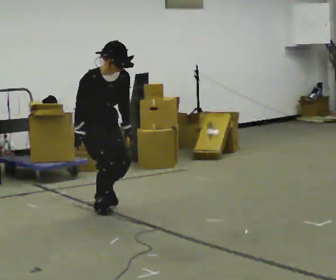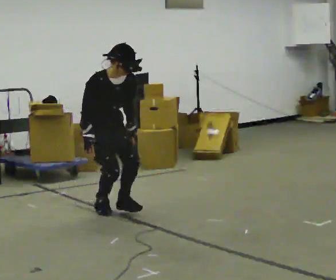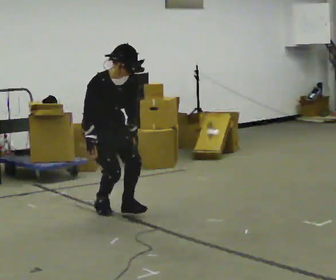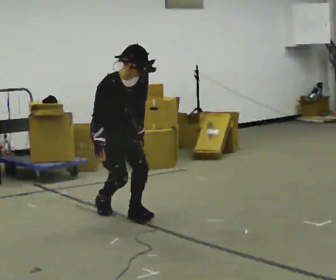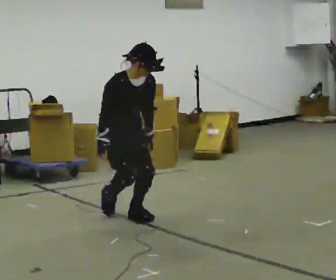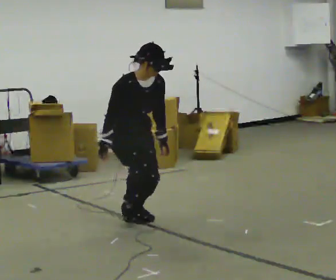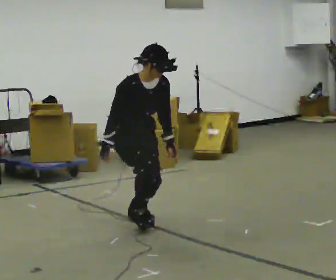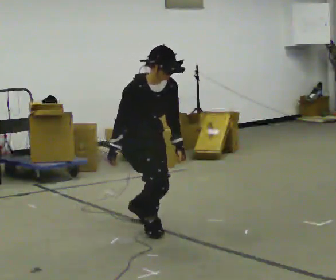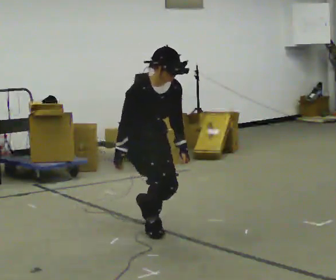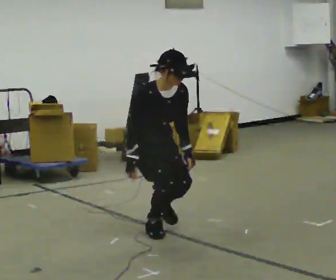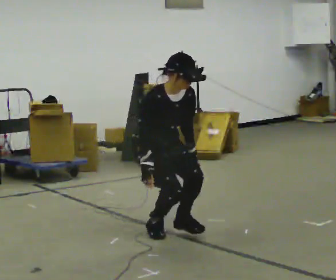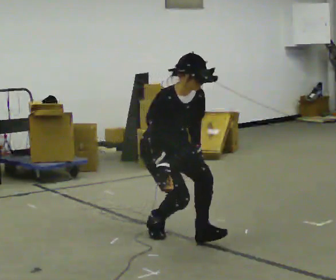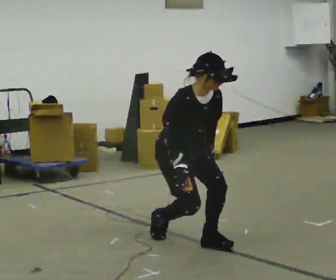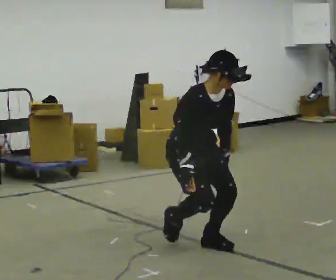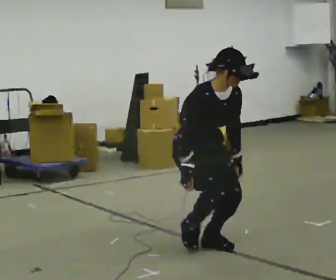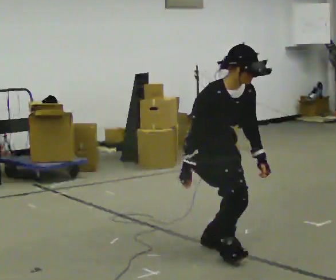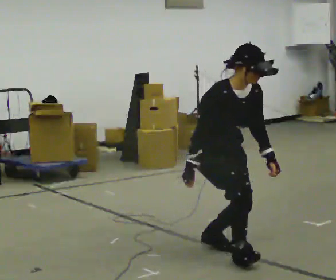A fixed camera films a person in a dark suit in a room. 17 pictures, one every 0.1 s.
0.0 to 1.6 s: In the picture they go toward the camera and to the right, about 1.5 m in 3 steps, which for them is forward.
The film runs forward here.
